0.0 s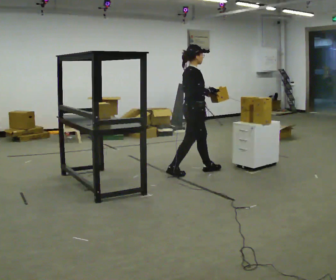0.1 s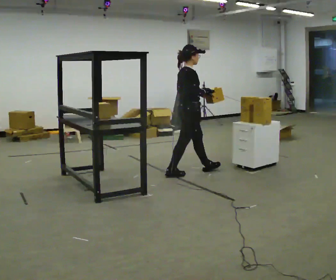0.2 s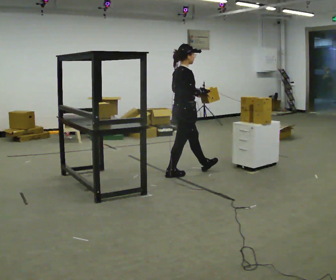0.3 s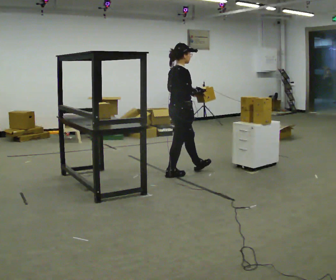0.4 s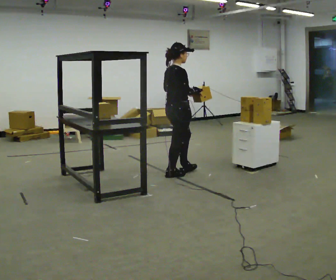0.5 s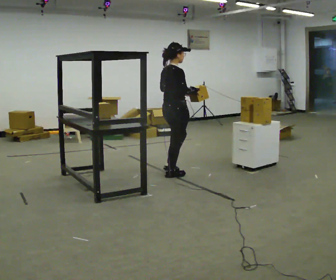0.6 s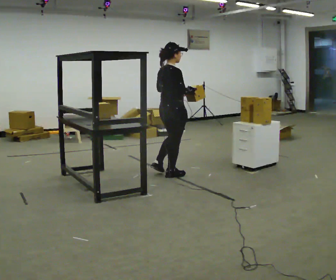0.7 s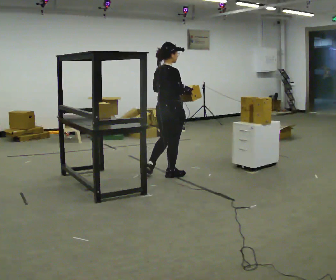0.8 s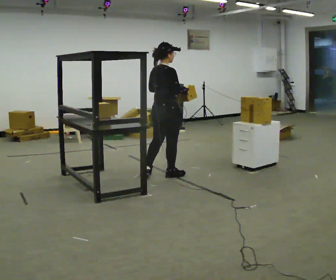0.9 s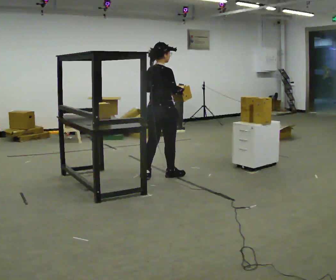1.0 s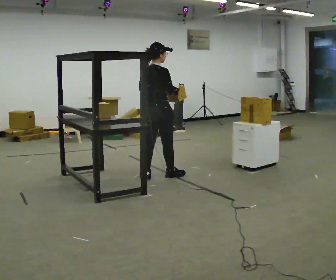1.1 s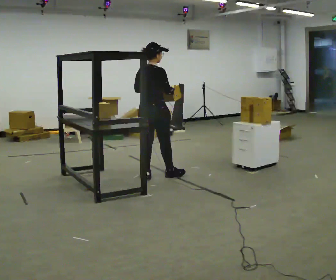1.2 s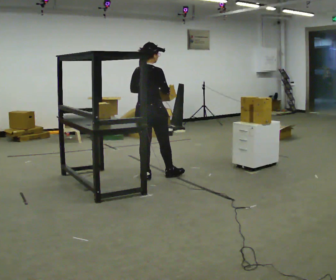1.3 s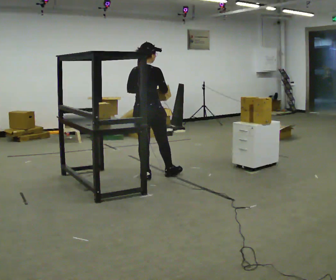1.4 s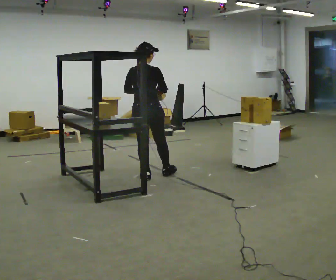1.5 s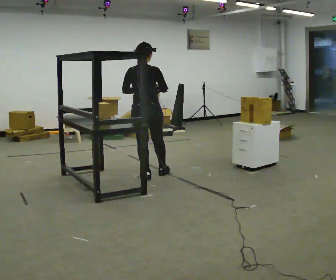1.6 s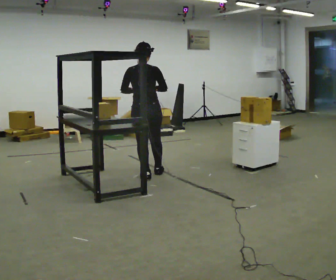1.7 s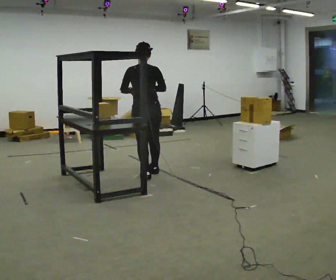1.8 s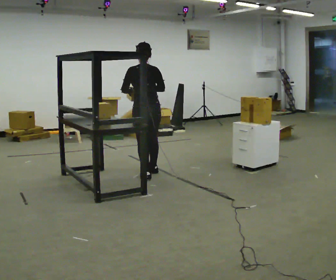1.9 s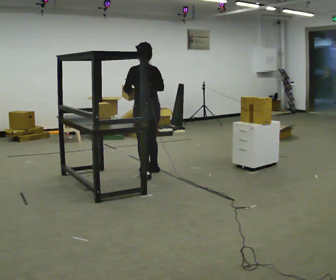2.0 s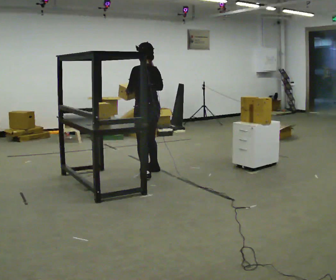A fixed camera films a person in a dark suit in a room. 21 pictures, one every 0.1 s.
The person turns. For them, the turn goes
to their left.
The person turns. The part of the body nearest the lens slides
to the right.
0.0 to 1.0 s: The part of the body nearest the lens slides to the right as the person turns to their left by about 45 degrees. In the picture they go to the left and toward the camera, about 0.5 m in 1 step, which for them is backward.
1.0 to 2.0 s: Seen from above the body turns counterclockwise, about 75 degrees: to their left, with its near side sliding to the right. In the picture their right hand goes to the left.
The film runs backward here.
